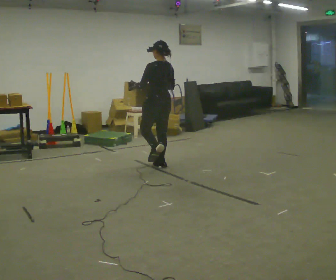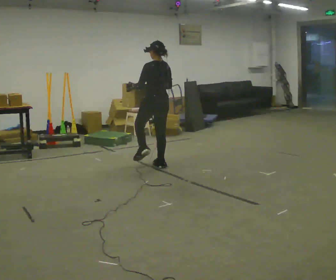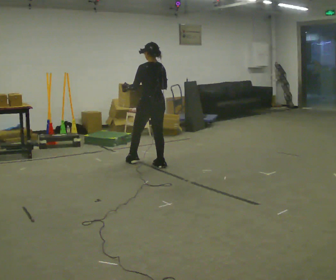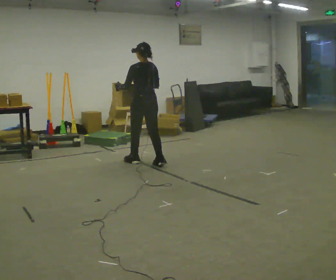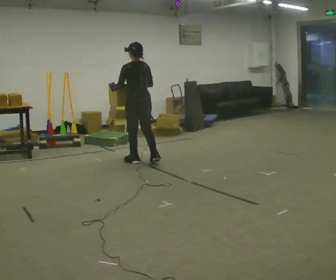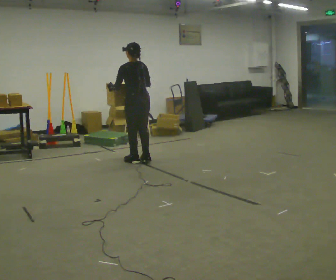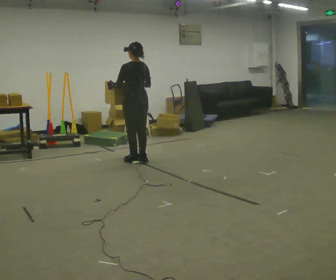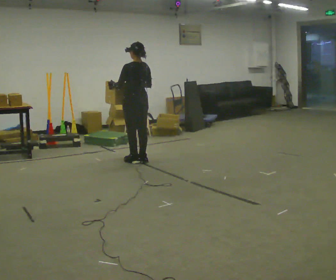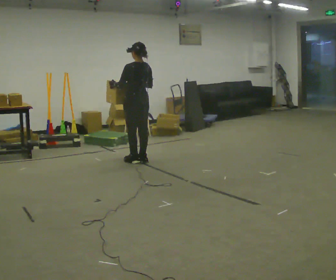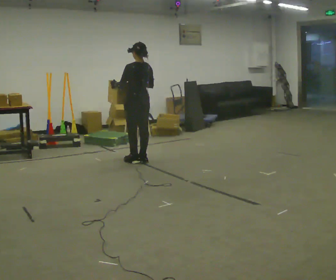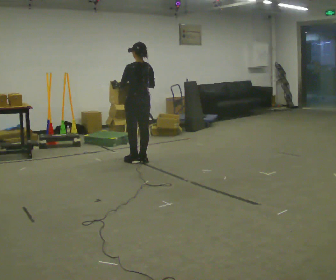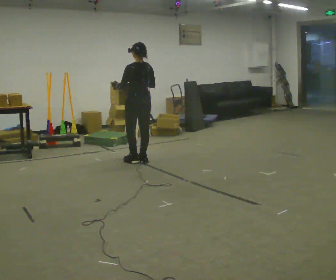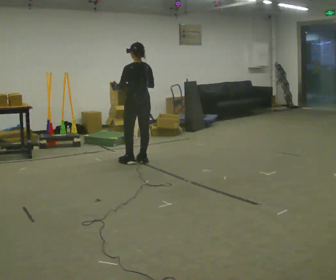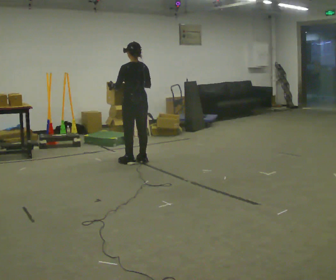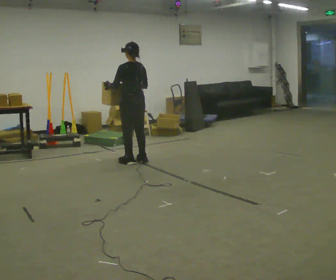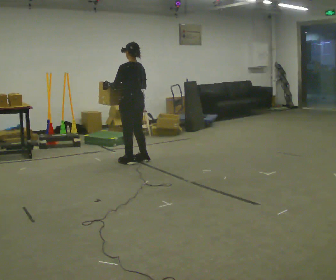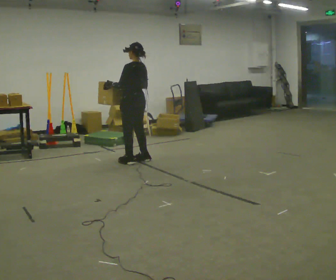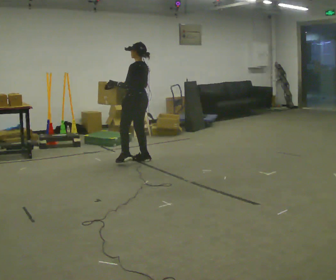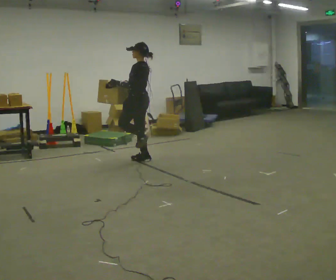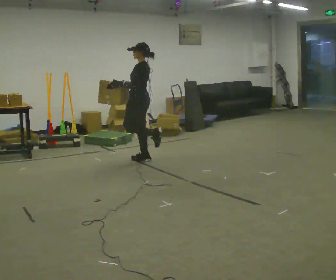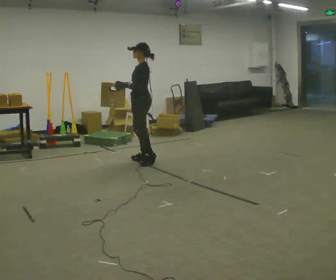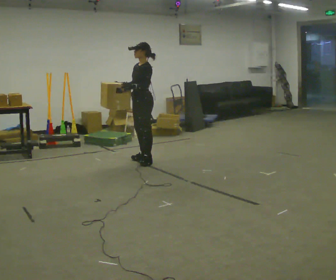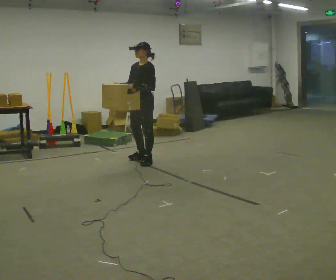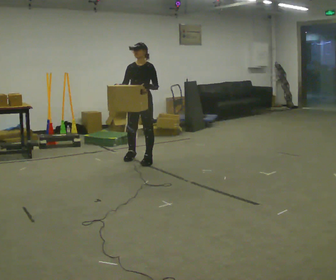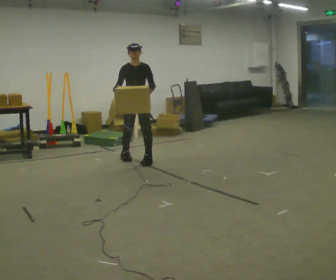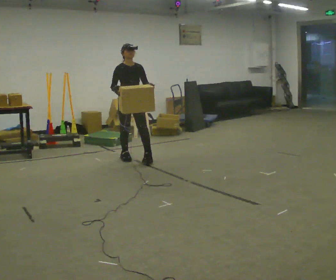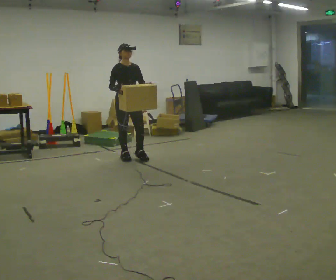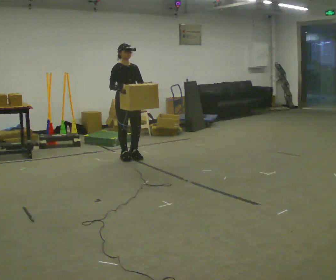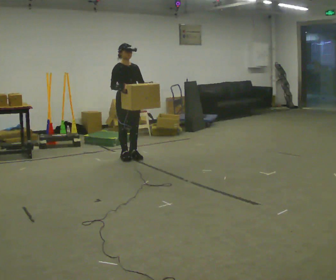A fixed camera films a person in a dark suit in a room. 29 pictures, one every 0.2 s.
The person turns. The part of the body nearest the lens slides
to the right.
The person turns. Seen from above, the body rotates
counterclockwise.
0.0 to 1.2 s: In the picture they go to the left and away from the camera, about 0.5 m in 1 step, which for them is forward and to their left.
1.2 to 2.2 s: The person moves a little, or ends about where they began.
2.2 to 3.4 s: Seen from above the body turns counterclockwise, about 30 degrees: to their left, with its near side sliding to the right.
3.4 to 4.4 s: The part of the body nearest the lens slides to the right as the person turns to their left by about 75 degrees.
4.4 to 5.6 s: The person turns about 90 degrees to their left, counterclockwise seen from above, so the part of the body nearest the lens slides to the right. In the picture they go to the left and away from the camera, about 0.25 m in 1 step.
The film runs backward here.
